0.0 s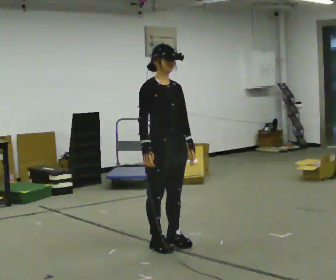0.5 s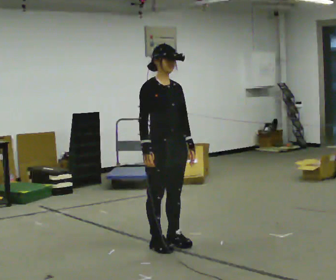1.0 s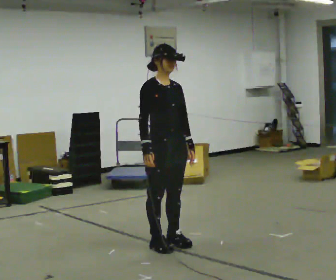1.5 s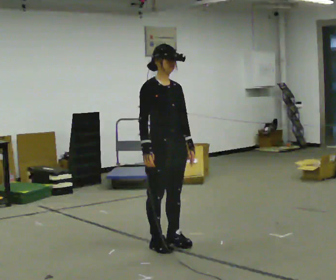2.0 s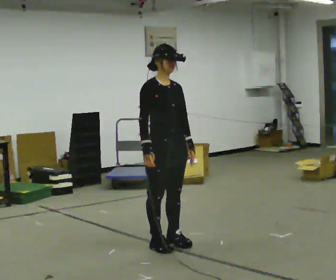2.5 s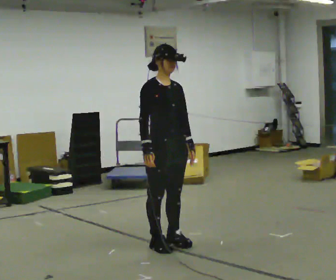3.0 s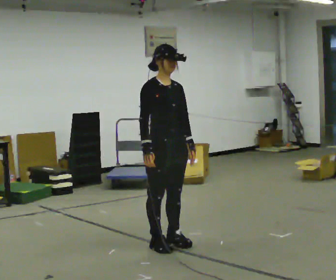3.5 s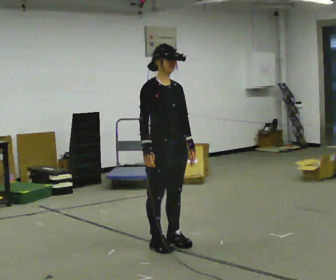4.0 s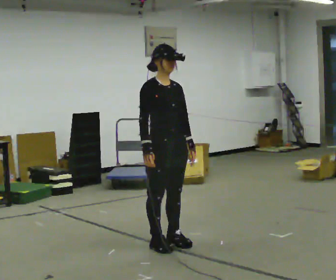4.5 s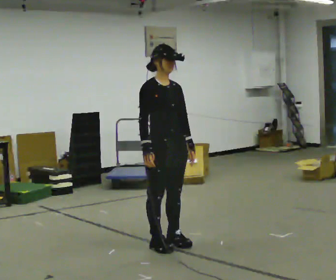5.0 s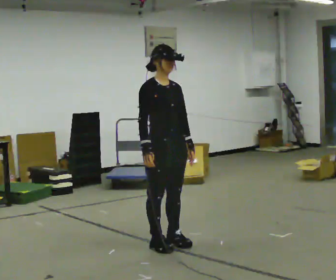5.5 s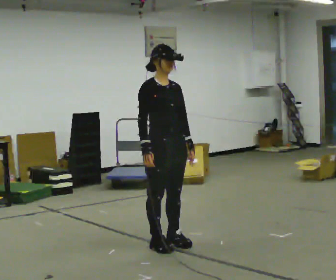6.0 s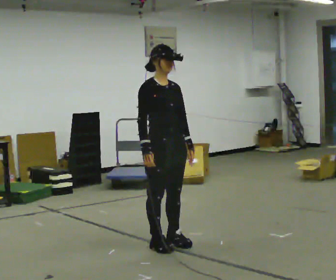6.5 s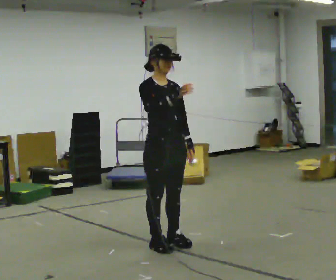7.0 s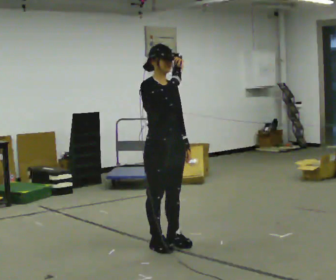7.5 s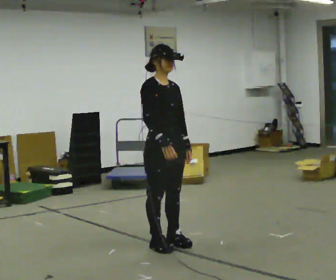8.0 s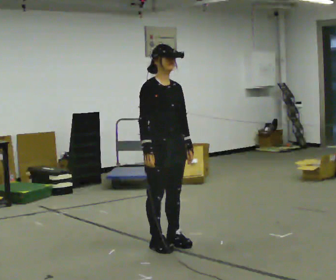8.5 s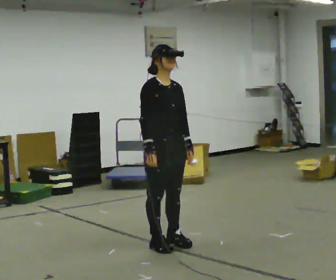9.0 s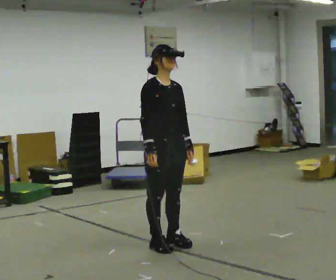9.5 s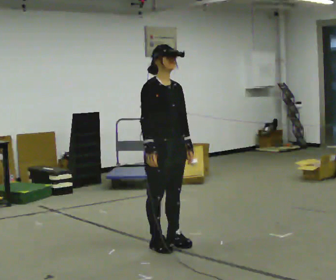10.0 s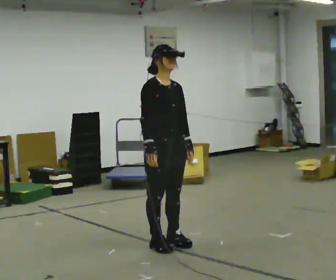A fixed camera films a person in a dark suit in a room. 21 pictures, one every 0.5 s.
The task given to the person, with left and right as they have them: Reach as far as you comfortably can in each direction the operator calls: up, down, forward, each side, and behind. Hold each one briefly. Keep both feet on the marked spots for the whole take. If you have to step, stop and tell the operator.
0.0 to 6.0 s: The person keeps their place and pose.
6.0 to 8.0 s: The person moves a little, or ends about where they began.
8.0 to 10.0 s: The person keeps their place and pose.
The film runs forward here.
